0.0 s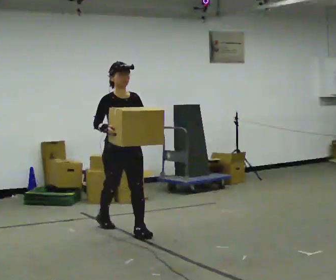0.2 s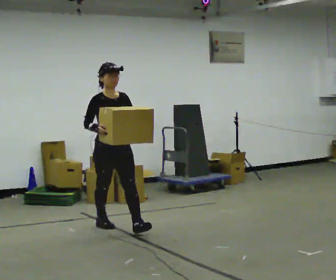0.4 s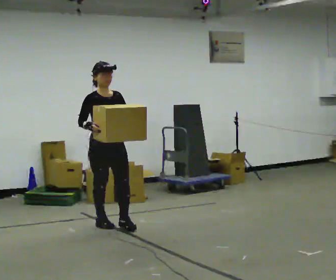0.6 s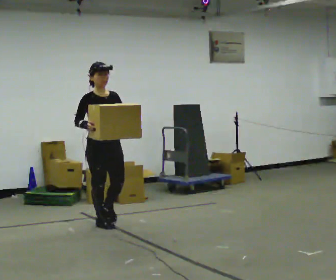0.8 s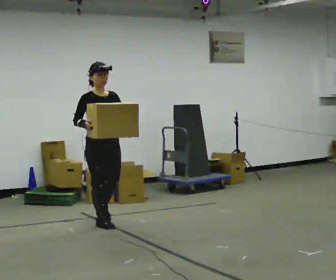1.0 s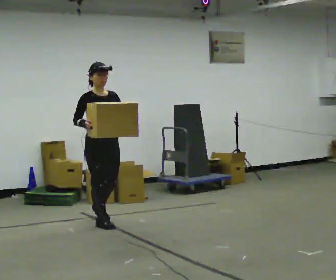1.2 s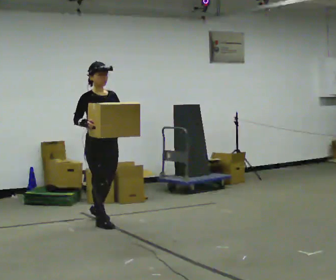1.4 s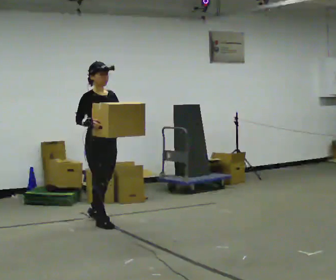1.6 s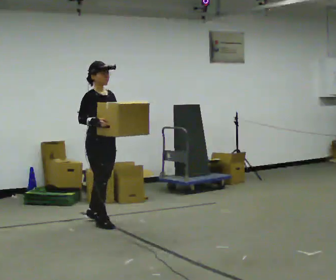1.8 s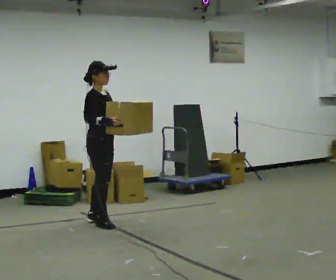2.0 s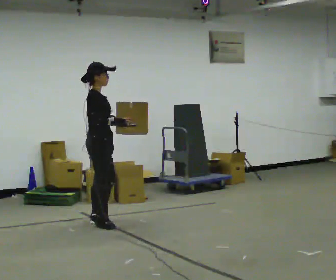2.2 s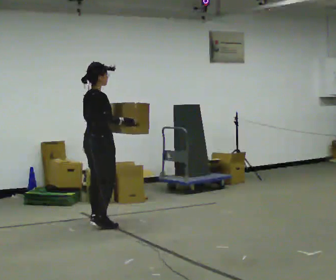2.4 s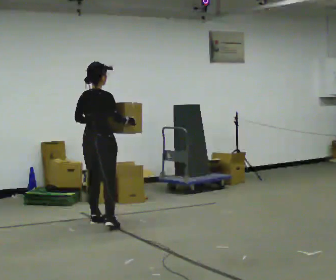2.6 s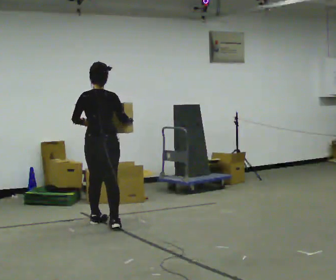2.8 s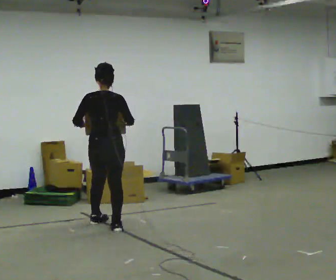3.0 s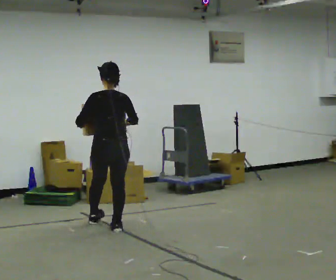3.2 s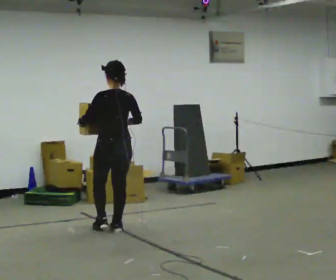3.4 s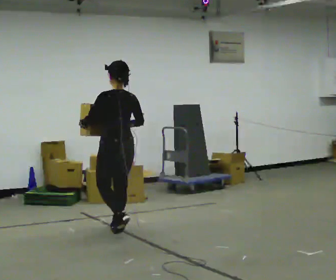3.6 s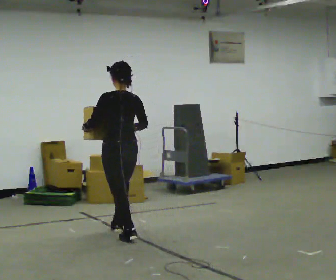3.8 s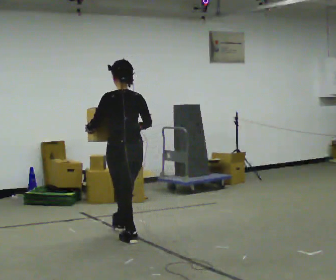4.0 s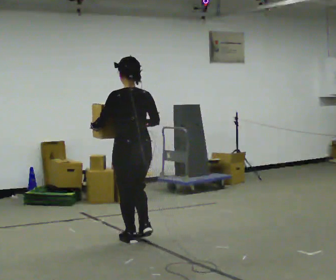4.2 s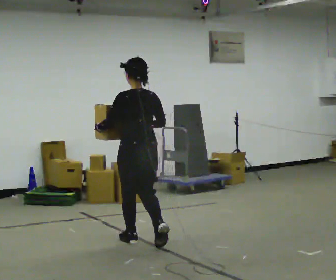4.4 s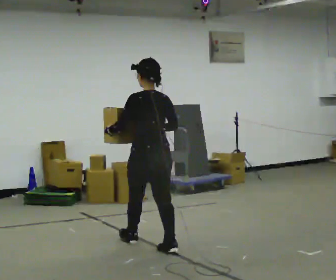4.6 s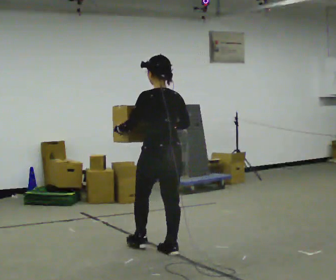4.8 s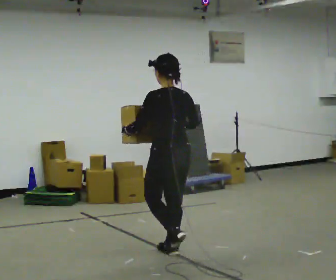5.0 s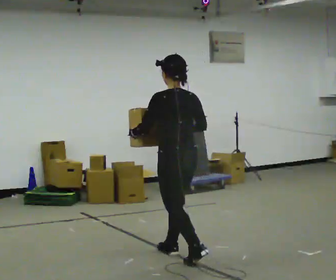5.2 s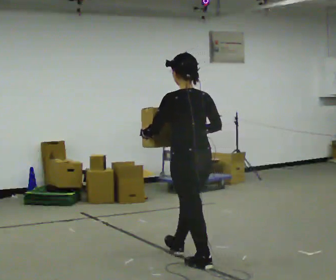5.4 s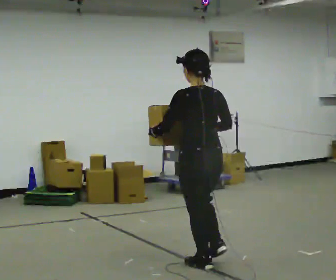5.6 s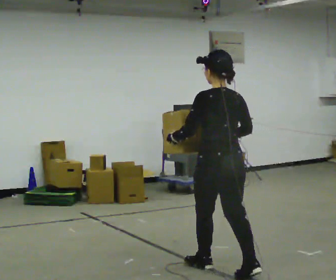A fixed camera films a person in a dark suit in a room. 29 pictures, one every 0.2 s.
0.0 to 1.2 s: In the picture they go away from the camera and to the left, about 0.5 m in 1 step, which for them is backward.
1.2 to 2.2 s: The person turns about 75 degrees to their left, counterclockwise seen from above, so the part of the body nearest the lens slides to the right.
2.2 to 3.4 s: Seen from above the body turns counterclockwise, about 105 degrees: to their left, with its near side sliding to the right. In the picture they go toward the camera and to the right, about 0.5 m in 1 step.
3.4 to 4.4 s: In the picture they go toward the camera and to the right, about 0.75 m in 1 step, which for them is backward.
4.4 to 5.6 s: In the picture they go toward the camera and to the right, about 1 m in 2 steps, which for them is backward.
The film runs backward here.
